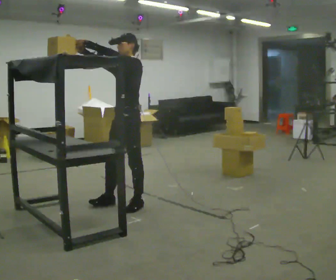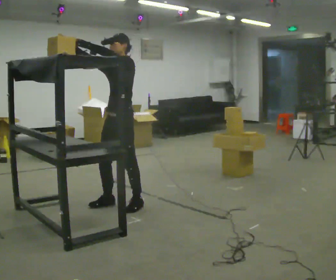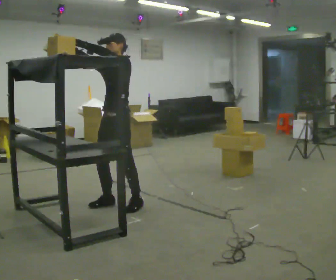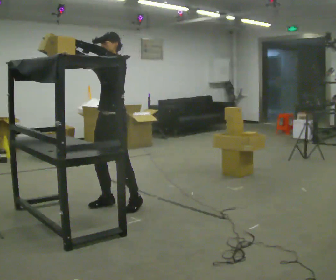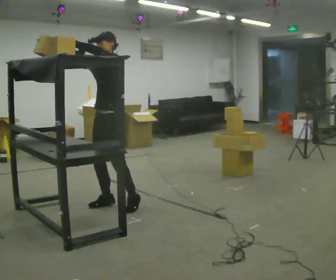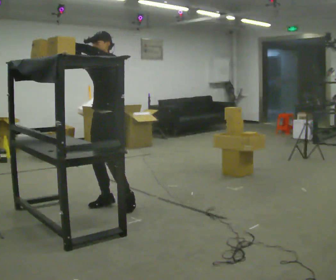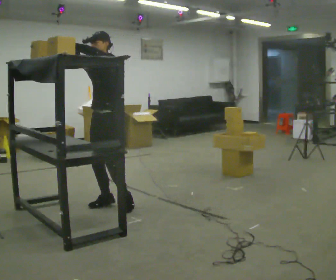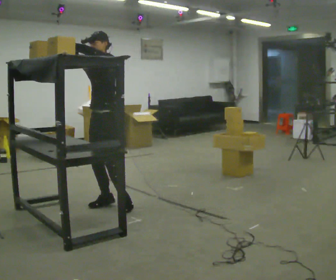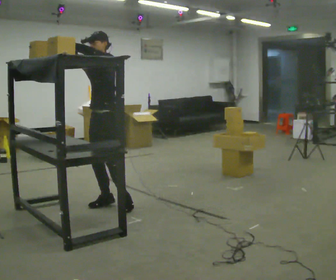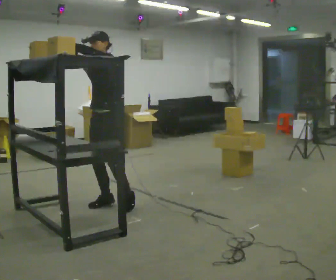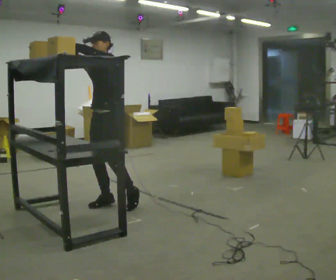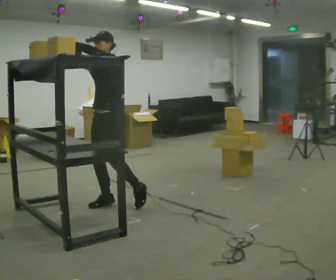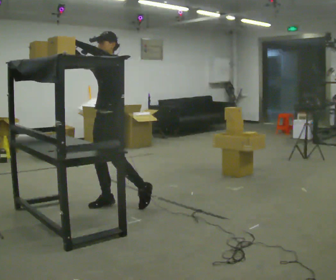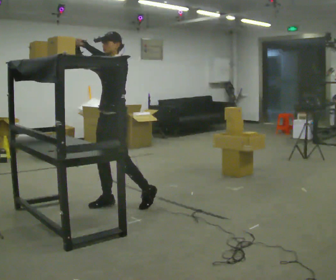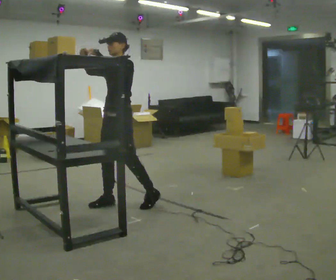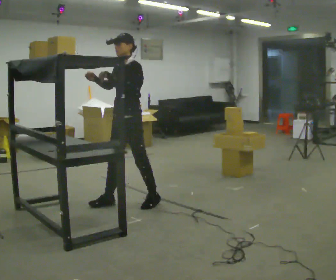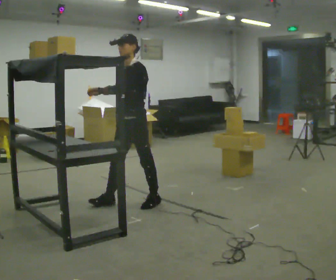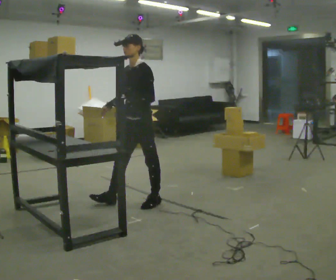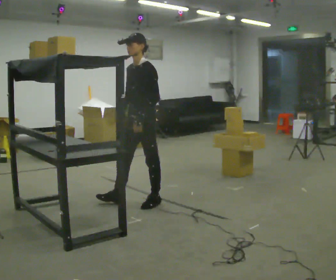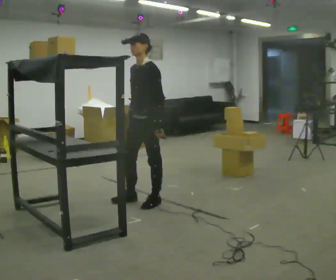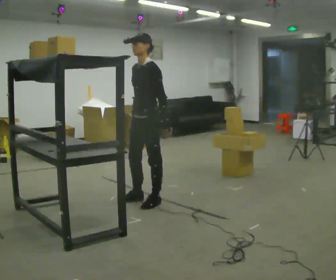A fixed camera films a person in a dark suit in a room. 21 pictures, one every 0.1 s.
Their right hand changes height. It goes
downward.
Their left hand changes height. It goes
downward.
0.0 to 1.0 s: In the picture they go to the left, about 0.25 m in 2 steps, which for them is to their right and forward.
1.0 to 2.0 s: In the picture they go to the right, about 0.5 m in 1 step, which for them is backward and to their left. In the picture their right hand goes downward, the arm swinging counterclockwise.
The film runs forward here.
